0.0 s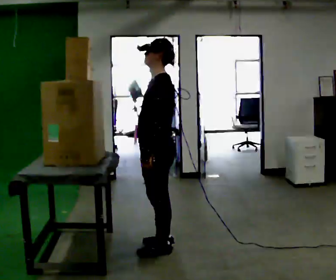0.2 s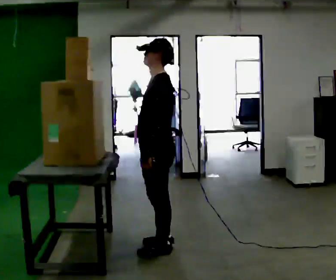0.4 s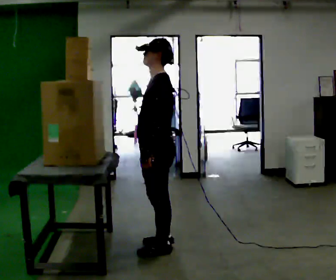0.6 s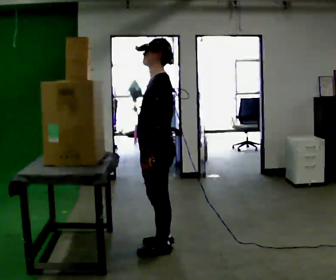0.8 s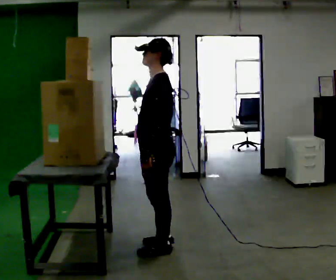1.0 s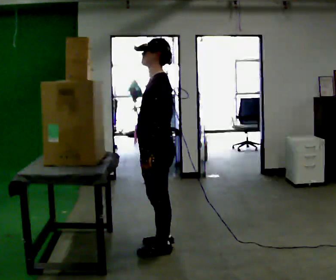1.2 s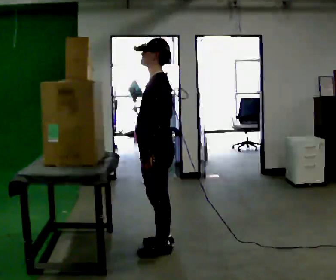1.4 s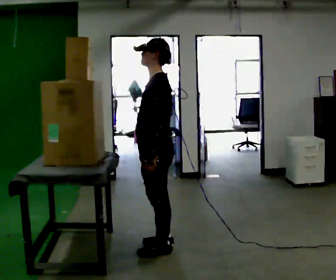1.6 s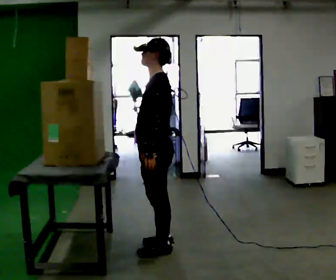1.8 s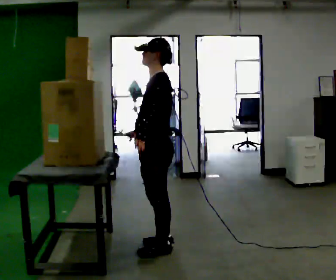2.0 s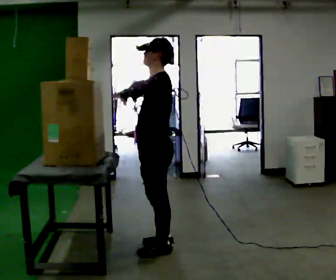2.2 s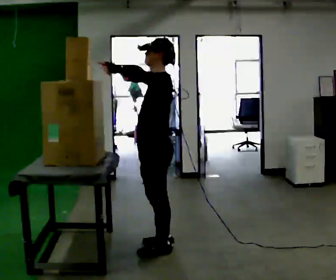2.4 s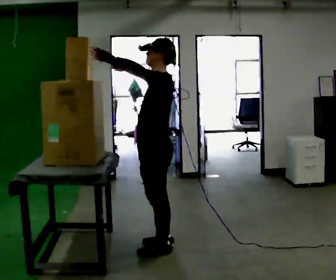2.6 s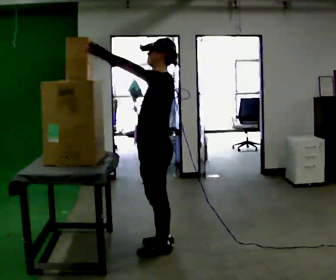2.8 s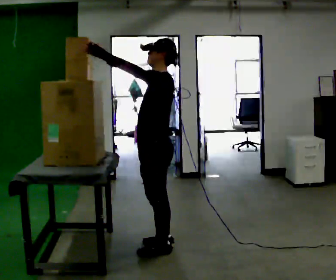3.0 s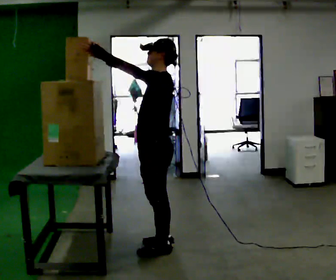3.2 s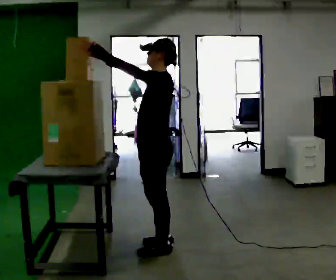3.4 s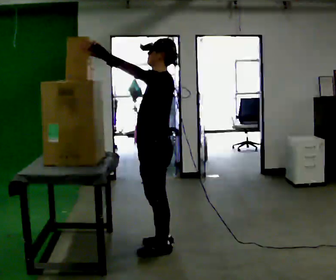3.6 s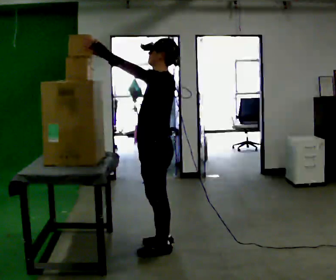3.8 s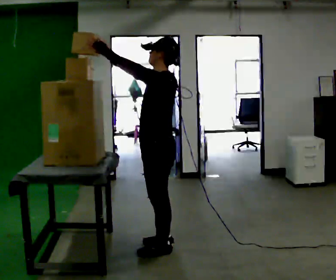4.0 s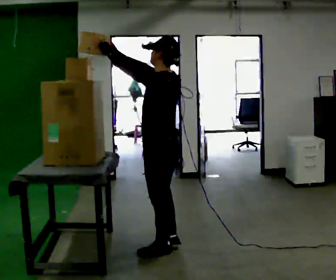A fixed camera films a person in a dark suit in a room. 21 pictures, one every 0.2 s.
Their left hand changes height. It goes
upward.
Their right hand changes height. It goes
upward.
0.0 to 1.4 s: The person moves a little, or ends about where they began.
1.4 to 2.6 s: In the picture their right hand goes upward and to the left.
2.6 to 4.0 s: The person moves a little, or ends about where they began.
The film runs forward here.
